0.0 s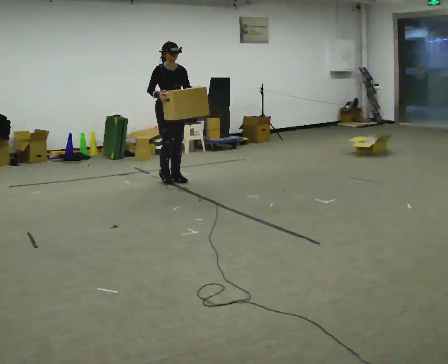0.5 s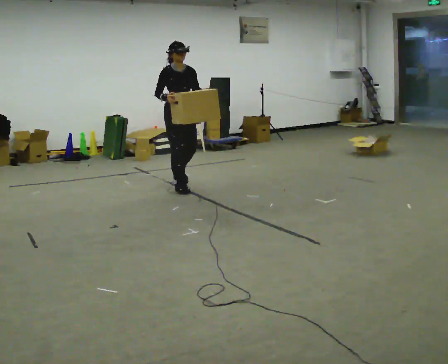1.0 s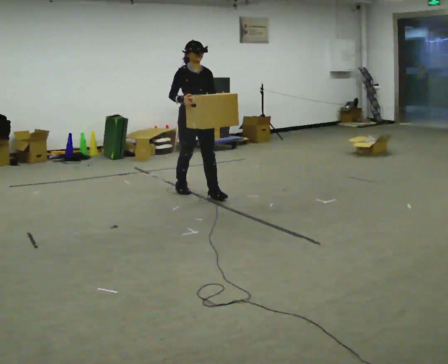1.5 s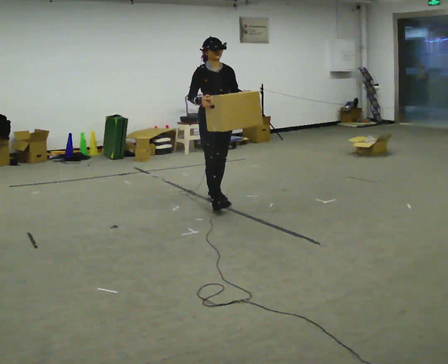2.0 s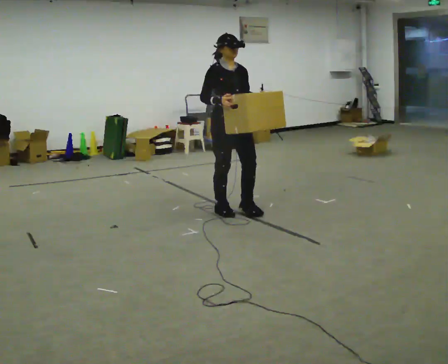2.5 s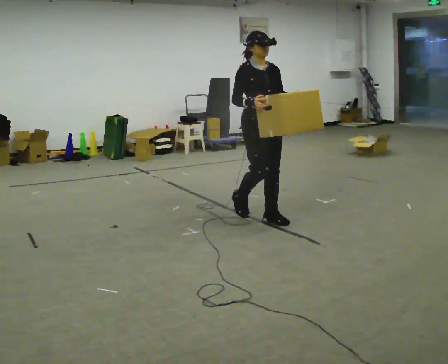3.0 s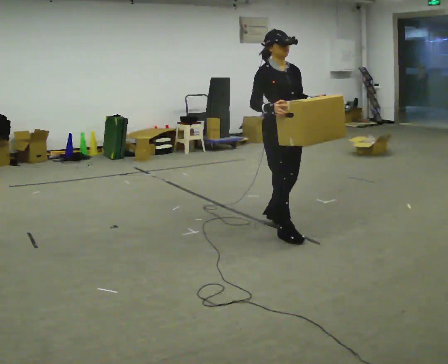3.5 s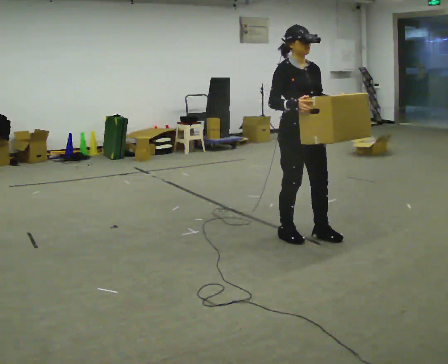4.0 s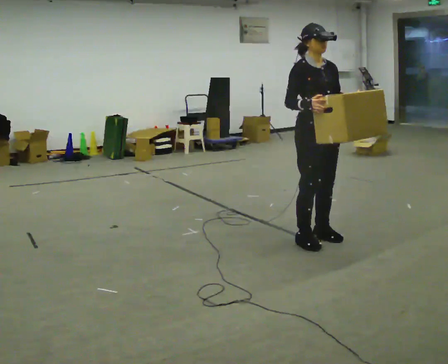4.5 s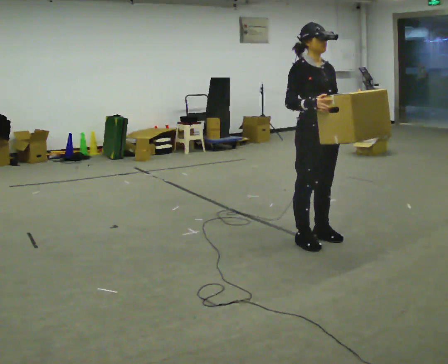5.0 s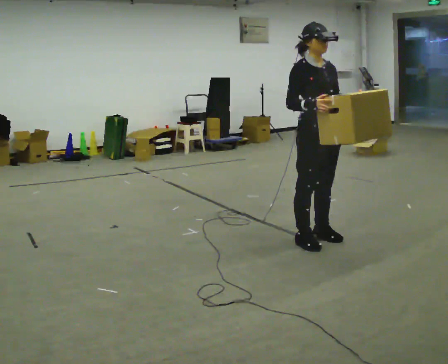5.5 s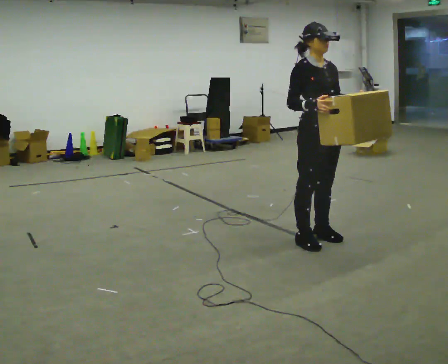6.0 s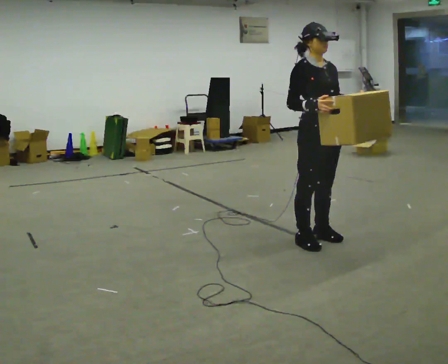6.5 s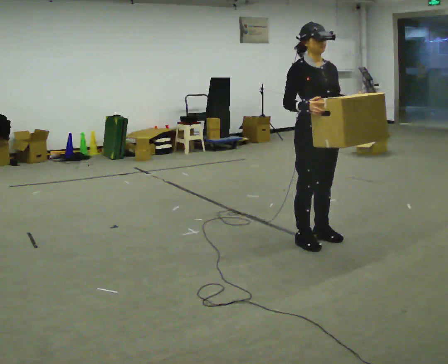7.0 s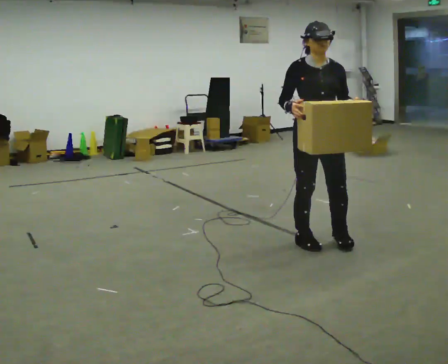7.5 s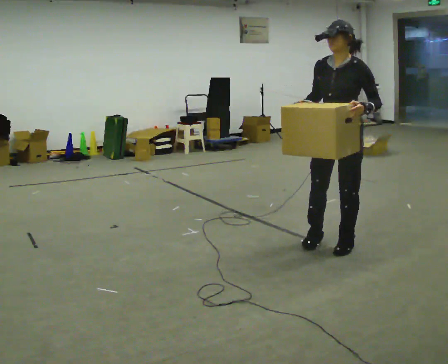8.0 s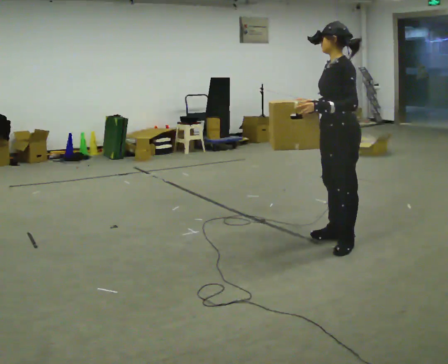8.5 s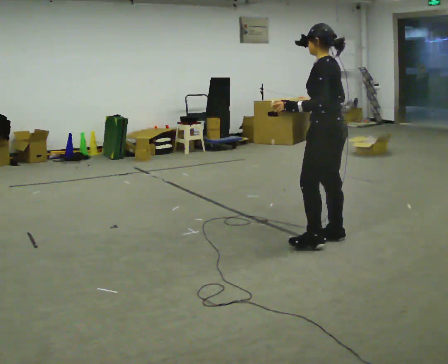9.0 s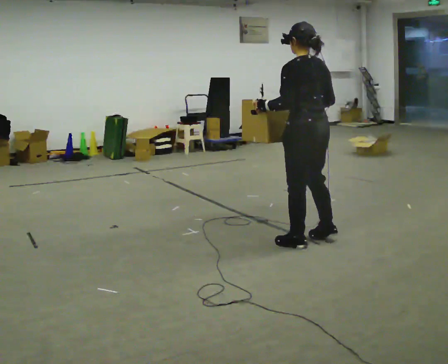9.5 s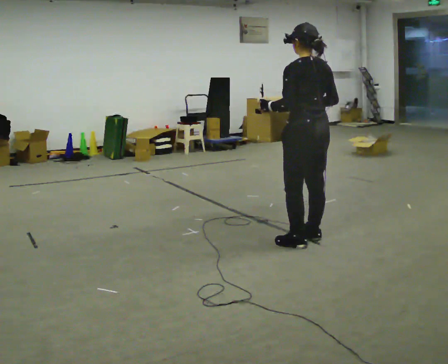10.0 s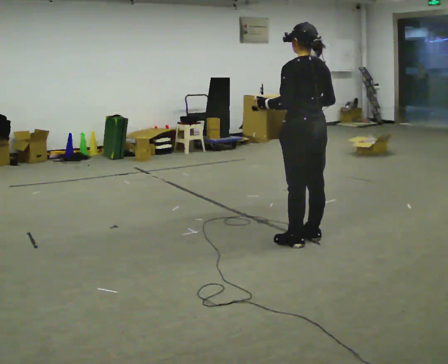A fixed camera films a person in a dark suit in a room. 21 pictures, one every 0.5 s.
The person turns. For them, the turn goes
to their right.
The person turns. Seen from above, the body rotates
clockwise.
0.0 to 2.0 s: In the picture they go toward the camera and to the right, about 1.5 m in 3 steps, which for them is forward.
2.0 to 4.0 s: In the picture they go to the right and toward the camera, about 1 m in 4 steps, which for them is forward.
4.0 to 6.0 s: The person moves a little, or ends about where they began.
6.0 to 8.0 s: Seen from above the body turns clockwise, about 120 degrees: to their right, with its near side sliding to the left. In the picture they go to the right, about 0.25 m in 2 steps.
8.0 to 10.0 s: The part of the body nearest the lens slides to the left as the person turns to their right by about 60 degrees. In the picture they go to the left, about 0.25 m in 2 steps, which for them is forward and to their left.
The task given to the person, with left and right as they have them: Carry the box across the room much more slowly and carefully than normal, back and forth.
The film runs forward here.
